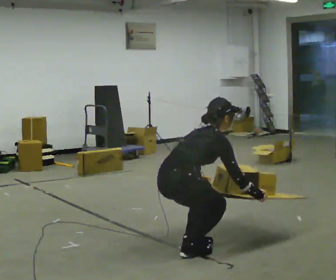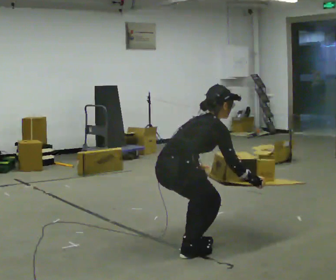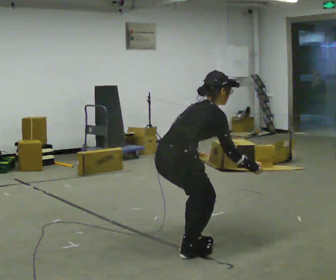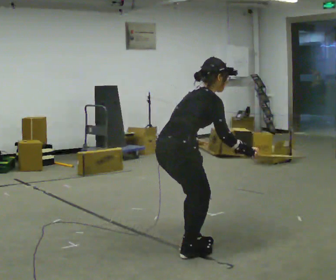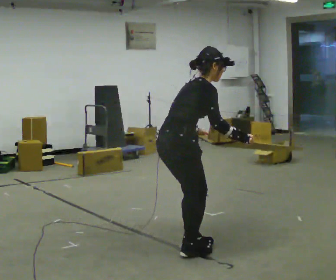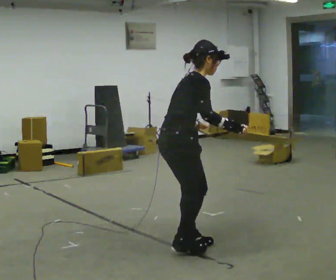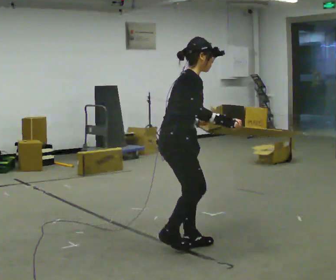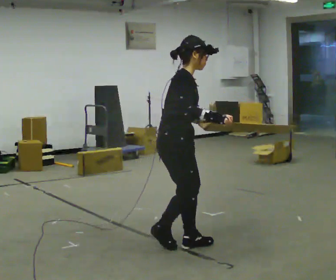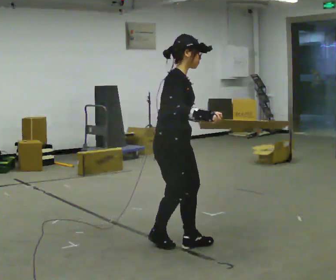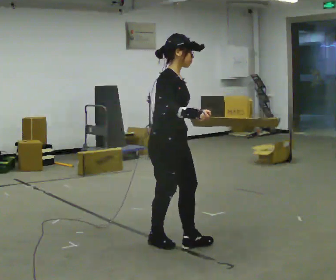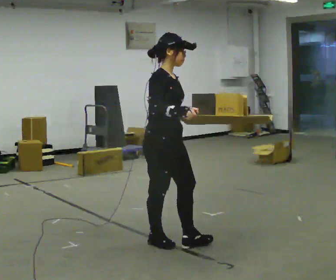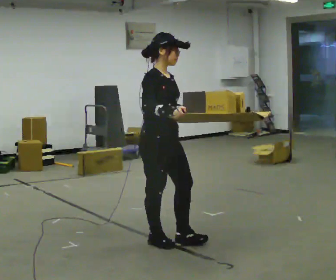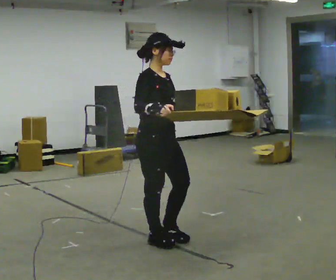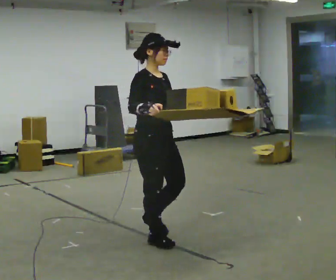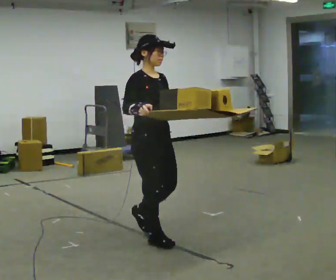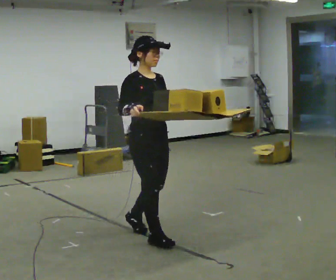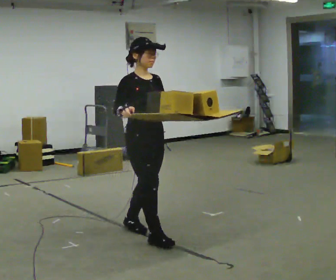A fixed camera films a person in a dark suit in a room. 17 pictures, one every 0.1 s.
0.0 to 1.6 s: The person turns about 75 degrees to their right, clockwise seen from above, so the part of the body nearest the lens slides to the left. In the picture they go away from the camera and to the left, about 0.5 m in 2 steps. The shoulders move upward. In the picture the upper body tilts counterclockwise, shoulders to the left, as they lean back or straighten. In the picture their left hand goes upward, the arm swinging counterclockwise.
The film runs backward here.
